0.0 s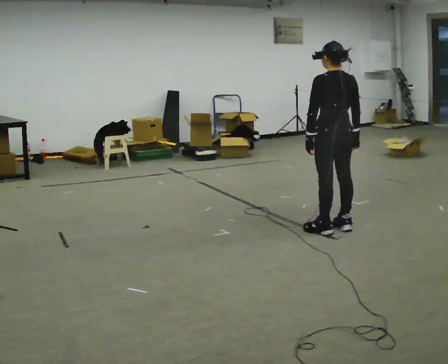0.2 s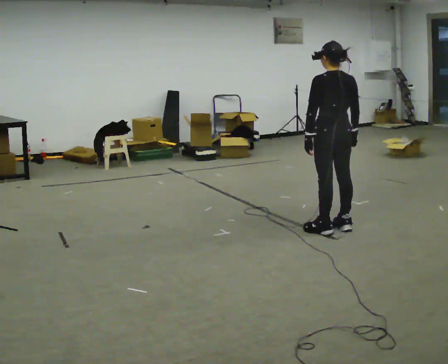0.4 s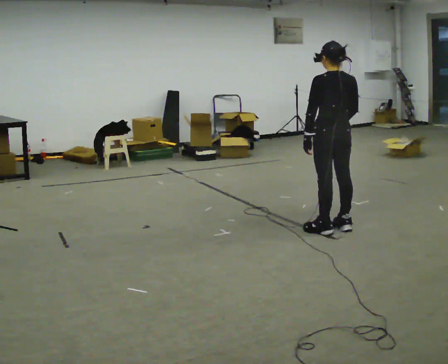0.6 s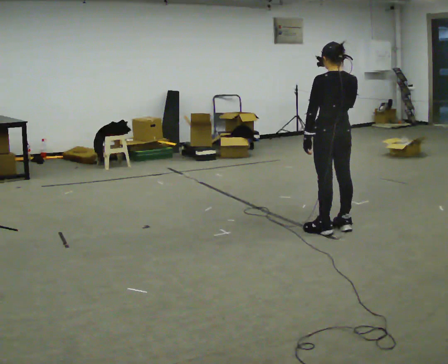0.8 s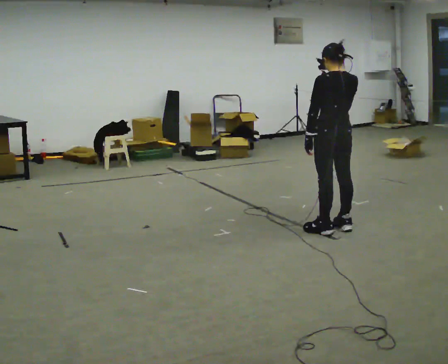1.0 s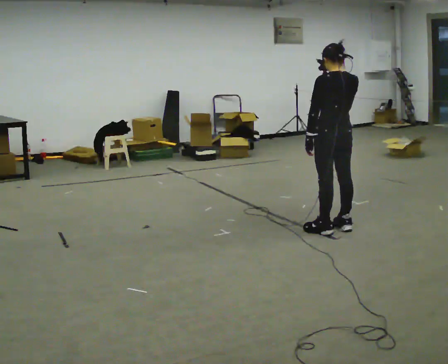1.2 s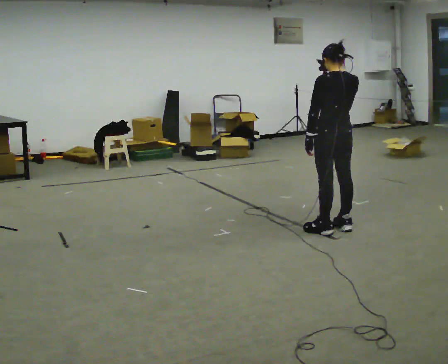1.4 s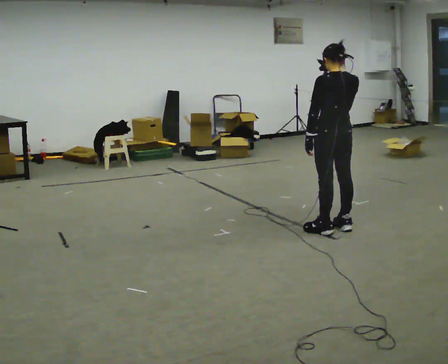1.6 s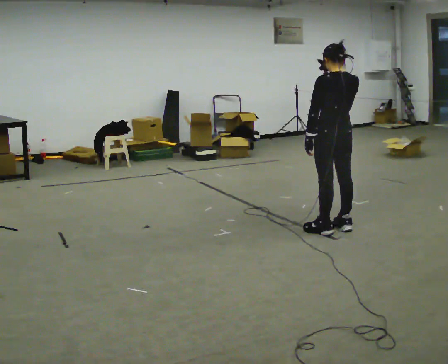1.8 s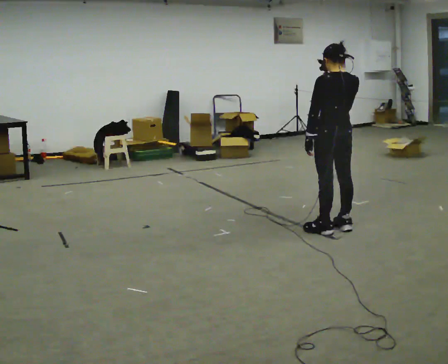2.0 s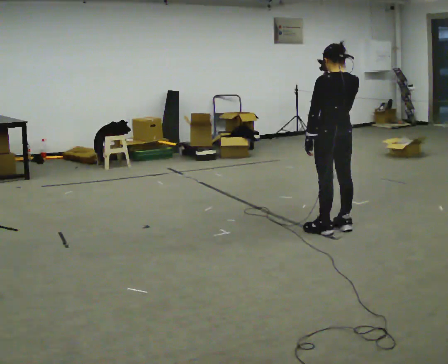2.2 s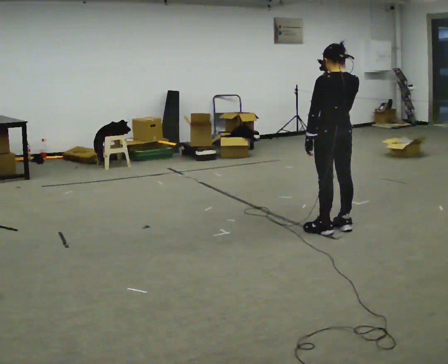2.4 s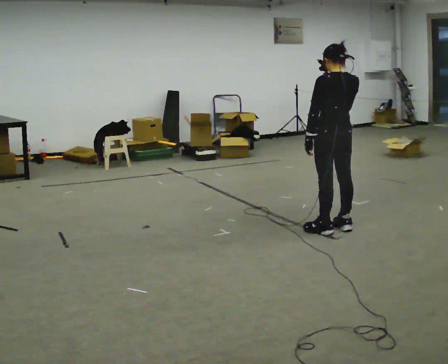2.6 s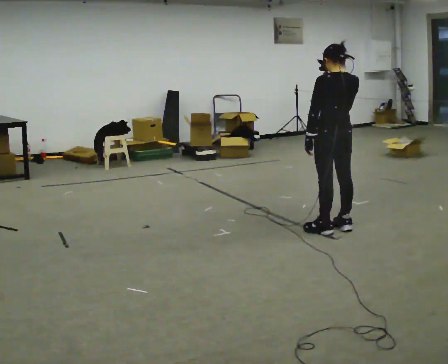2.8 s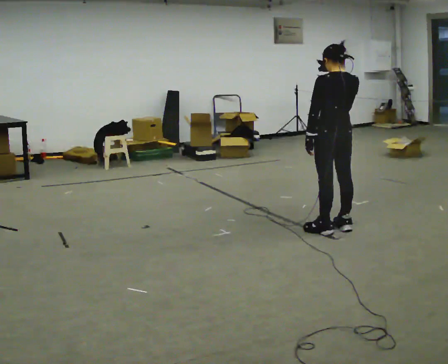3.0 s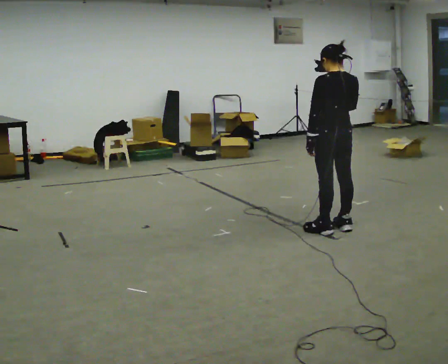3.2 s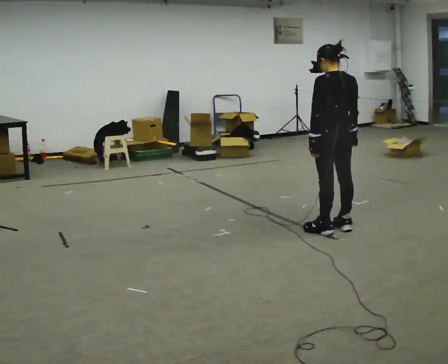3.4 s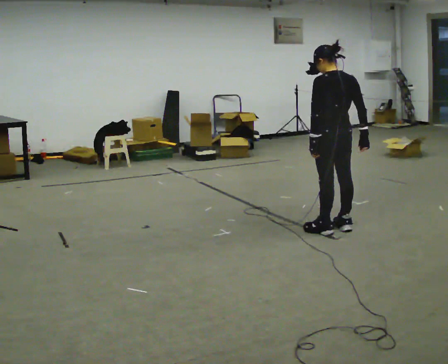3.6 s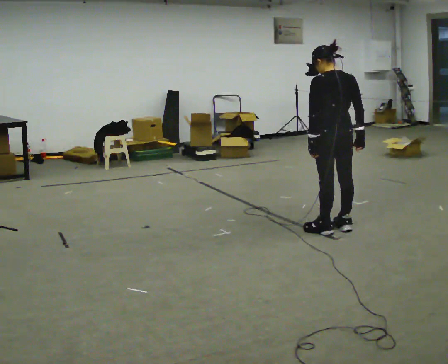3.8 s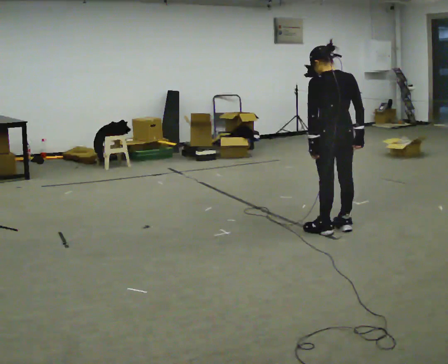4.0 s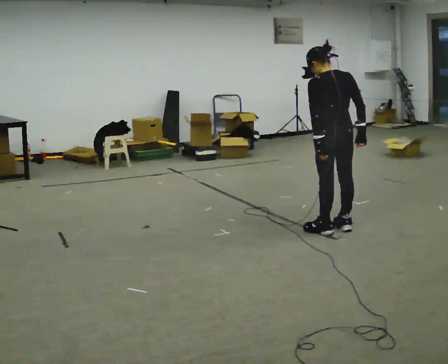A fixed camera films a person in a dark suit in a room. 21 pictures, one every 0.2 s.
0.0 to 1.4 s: In the picture their right hand goes upward.
1.4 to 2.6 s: The person keeps their place and pose.
2.6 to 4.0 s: In the picture their right hand goes downward.
The film runs forward here.
